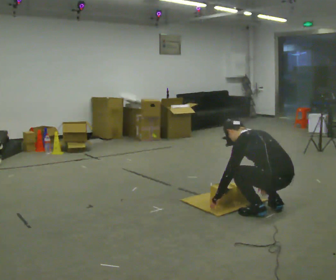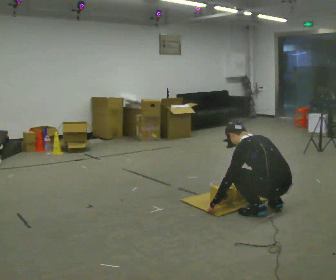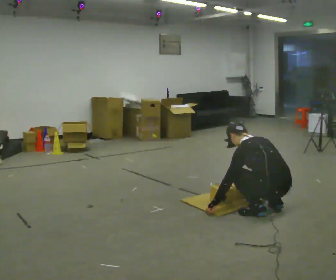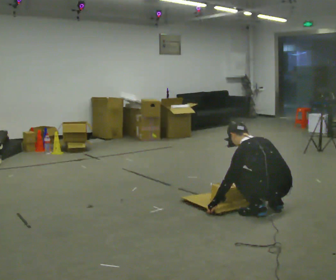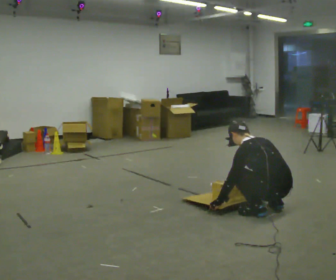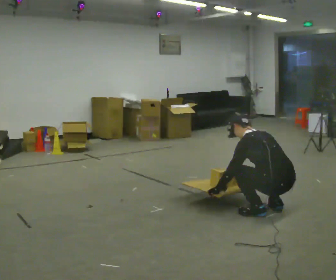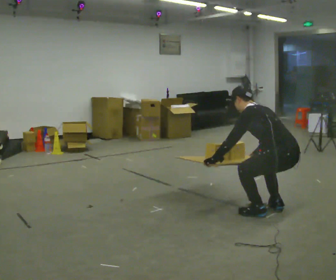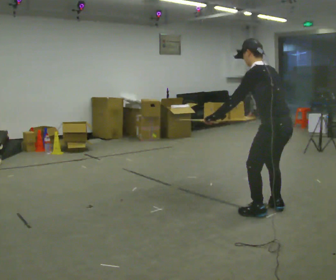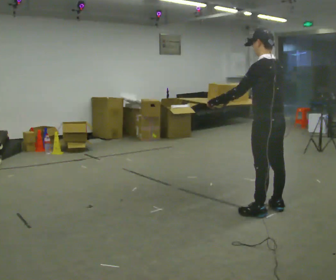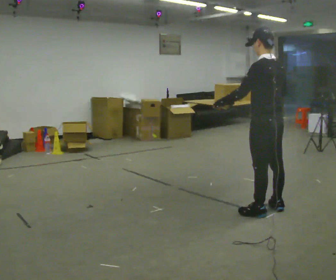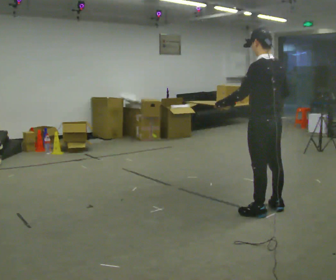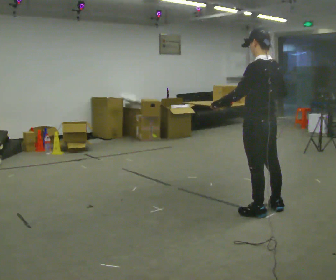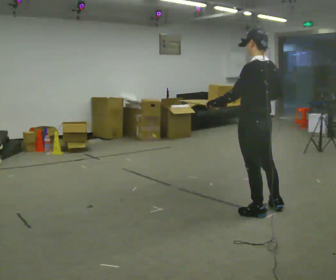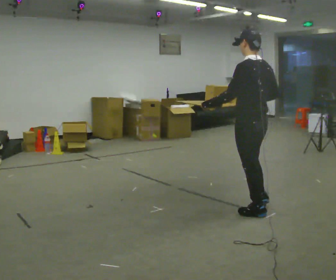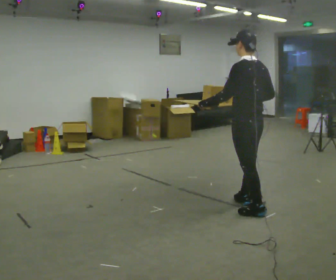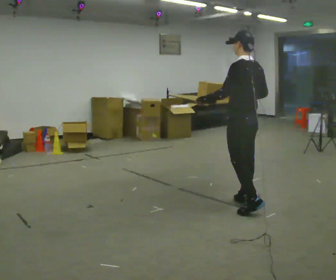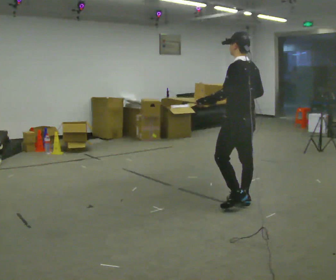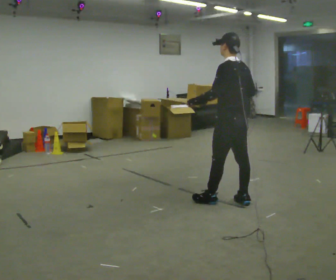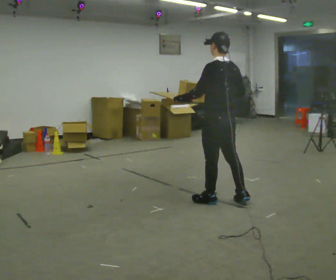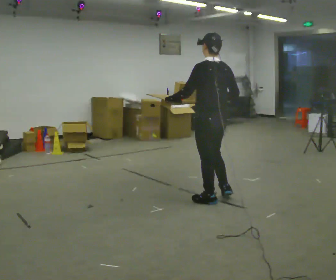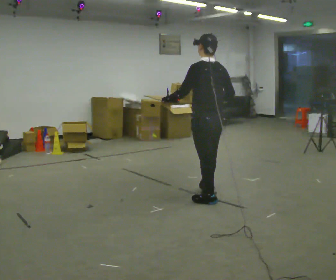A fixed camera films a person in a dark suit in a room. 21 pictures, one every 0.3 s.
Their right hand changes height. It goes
upward.
0.0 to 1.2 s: The person moves a little, or ends about where they began.
1.2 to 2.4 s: The upper body goes upward. In the picture their right hand goes upward.
2.4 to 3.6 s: The person moves a little, or ends about where they began.
3.6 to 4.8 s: In the picture they go away from the camera, about 0.25 m in 1 step, which for them is forward and to their right.
4.8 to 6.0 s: In the picture they go to the left, about 0.25 m in 2 steps, which for them is forward and to their left.
The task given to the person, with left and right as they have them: Carry the loaded tray flat and level in both hands, walking back and forth across the room. Try not to let anything slide off.
The film runs forward here.
